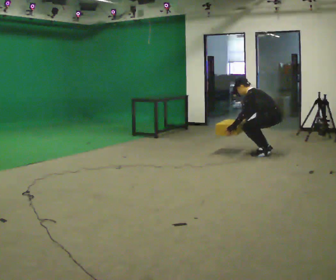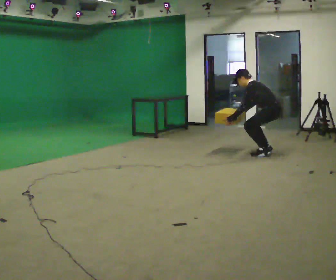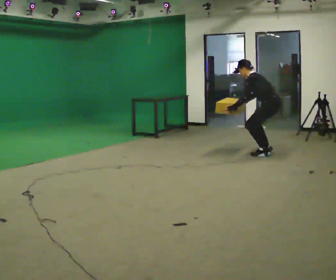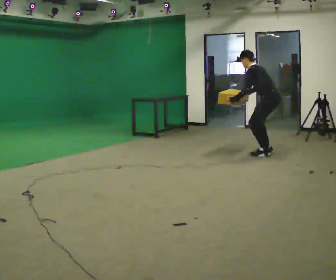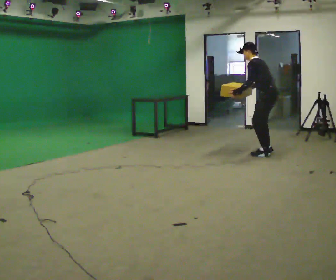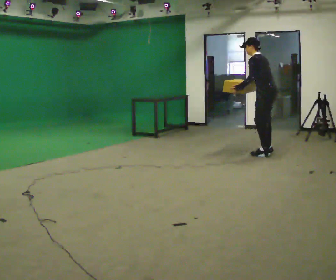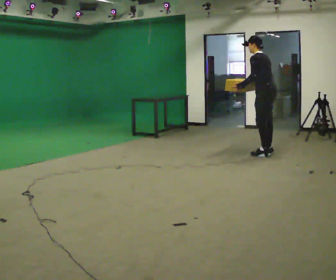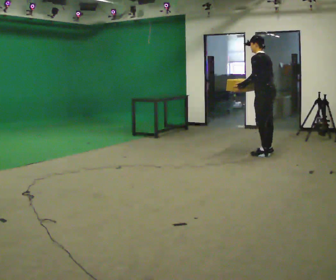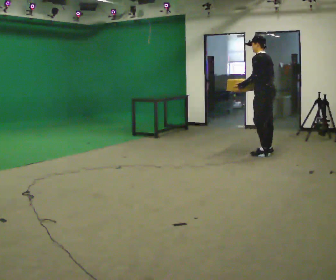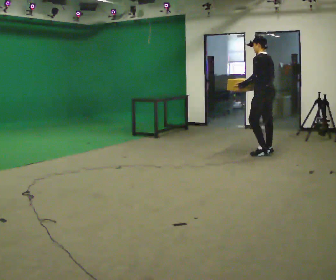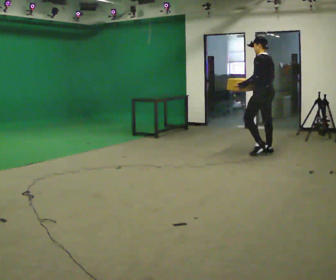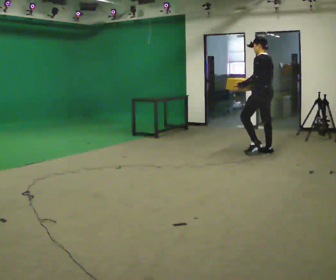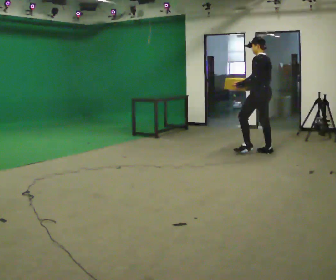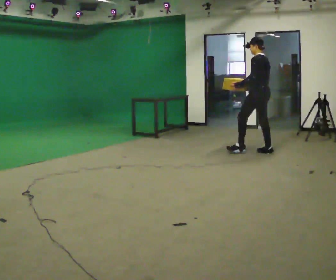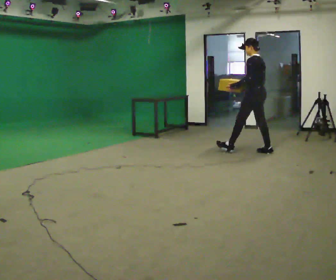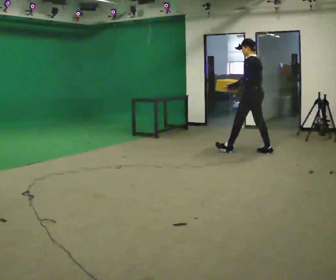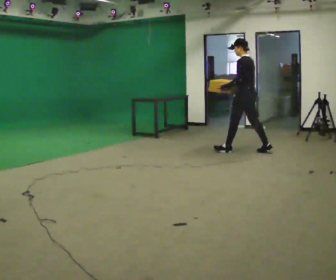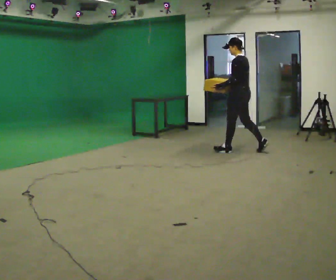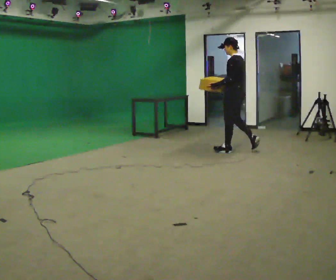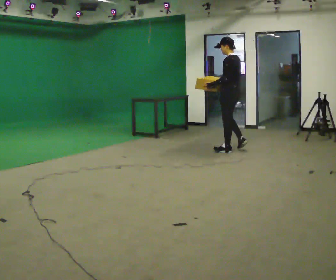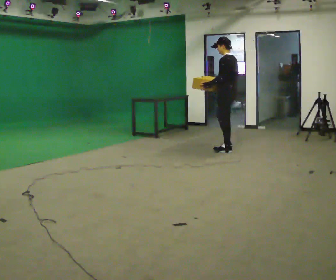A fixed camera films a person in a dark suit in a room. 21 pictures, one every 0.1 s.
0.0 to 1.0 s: The upper body goes upward. In the picture the upper body tilts clockwise, shoulders to the right, as they lean back or straighten. In the picture their right hand goes upward.
1.0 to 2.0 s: In the picture they go to the left, about 0.5 m in 1 step, which for them is forward.
The film runs forward here.
